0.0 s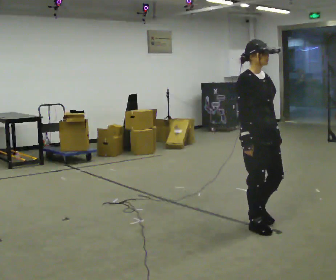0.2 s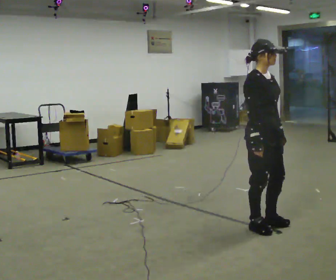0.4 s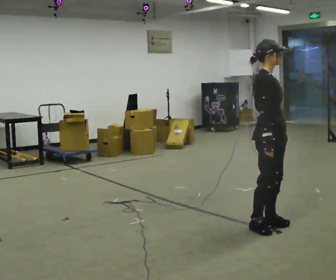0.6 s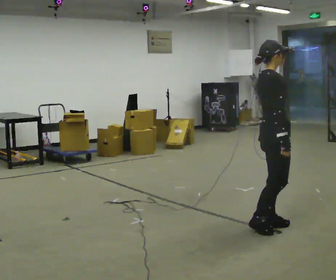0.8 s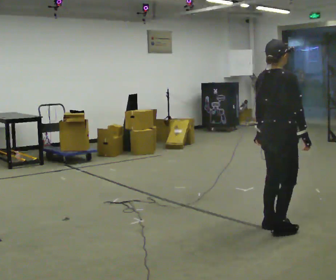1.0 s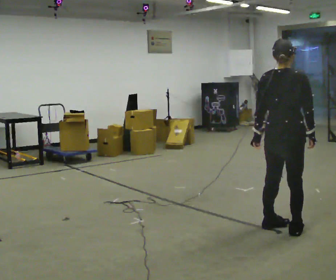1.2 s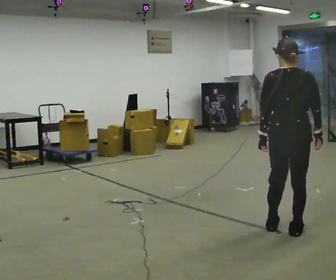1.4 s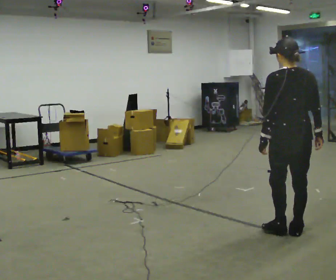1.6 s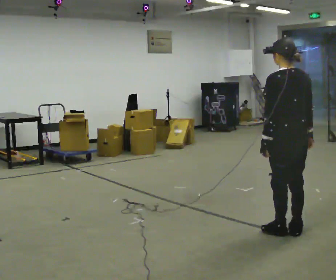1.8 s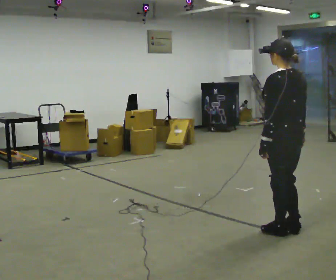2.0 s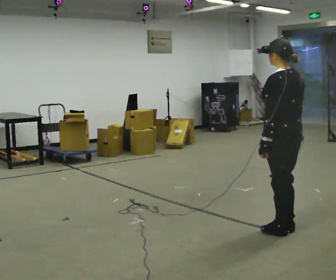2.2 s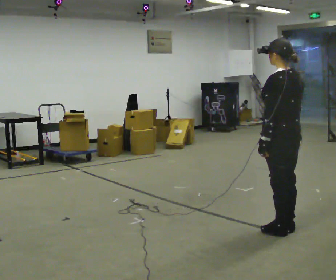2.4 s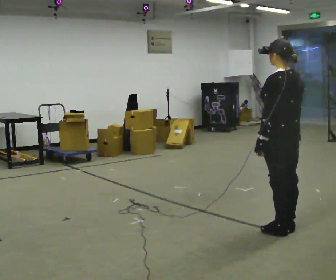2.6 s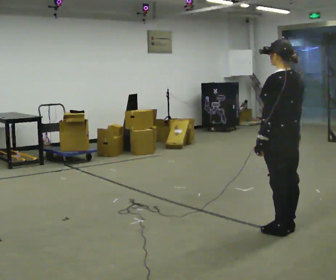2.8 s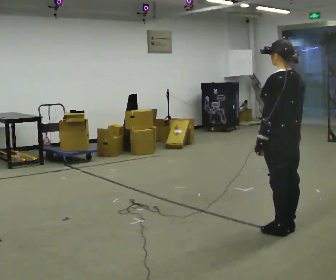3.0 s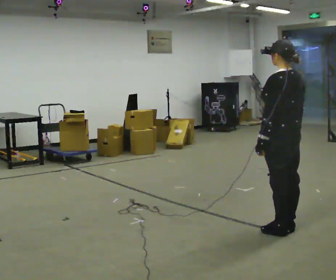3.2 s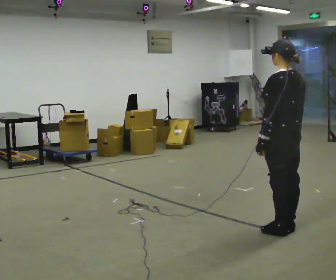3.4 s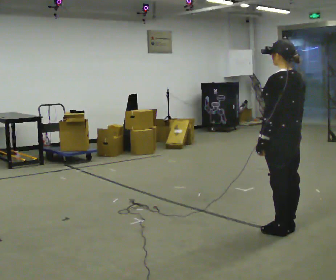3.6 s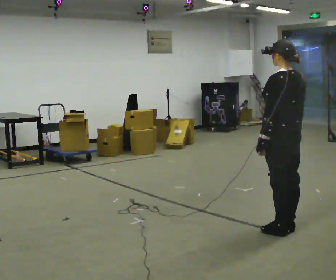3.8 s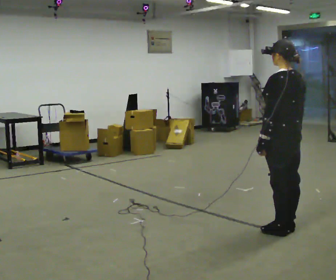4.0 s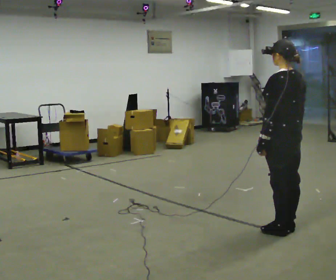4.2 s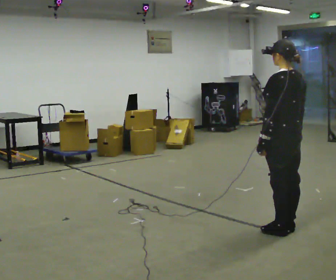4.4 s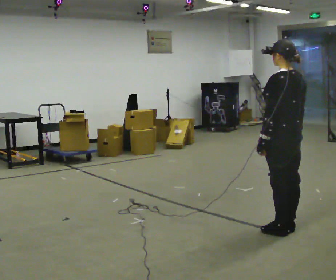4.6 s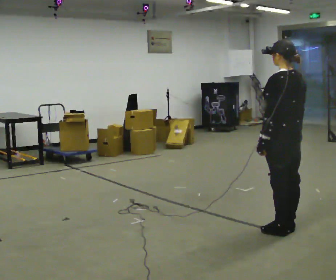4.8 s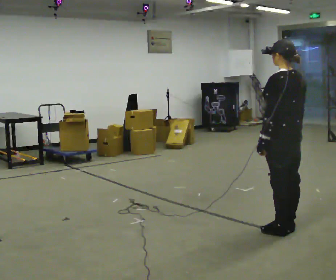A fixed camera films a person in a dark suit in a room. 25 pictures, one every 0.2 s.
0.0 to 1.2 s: Seen from above the body turns counterclockwise, about 135 degrees: to their left, with its near side sliding to the right. In the picture they go to the right and toward the camera, about 0.25 m in 2 steps.
1.2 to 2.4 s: The person turns about 45 degrees to their left, counterclockwise seen from above, so the part of the body nearest the lens slides to the right.
2.4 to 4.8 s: The person keeps their place and pose.
The film runs forward here.
